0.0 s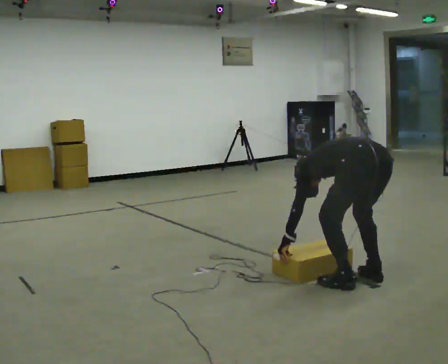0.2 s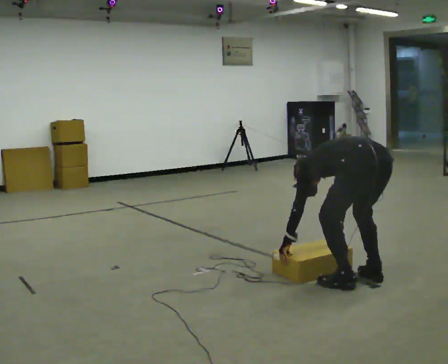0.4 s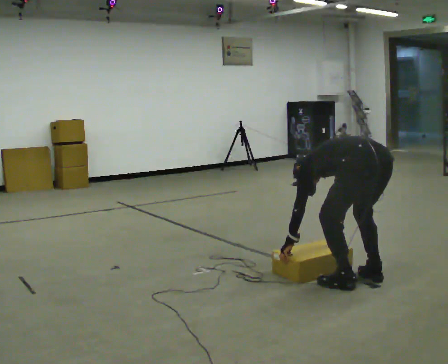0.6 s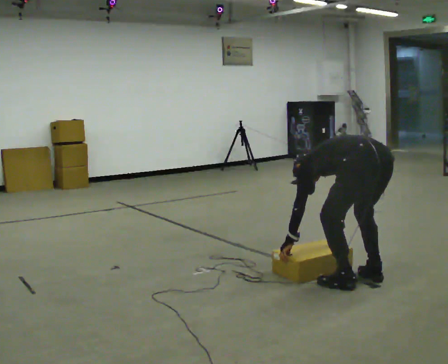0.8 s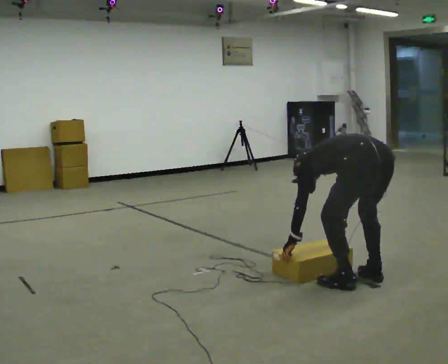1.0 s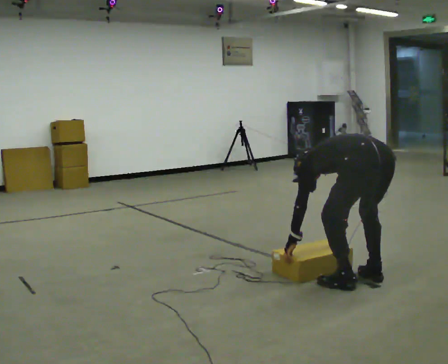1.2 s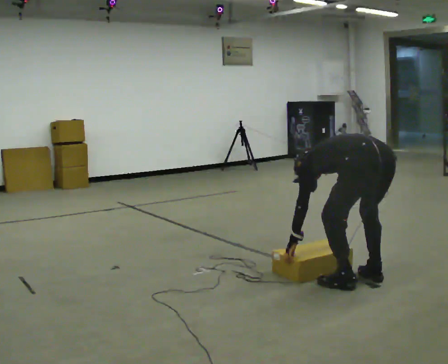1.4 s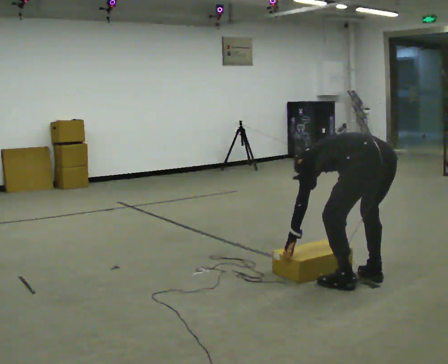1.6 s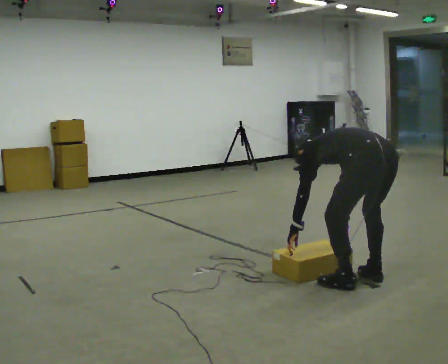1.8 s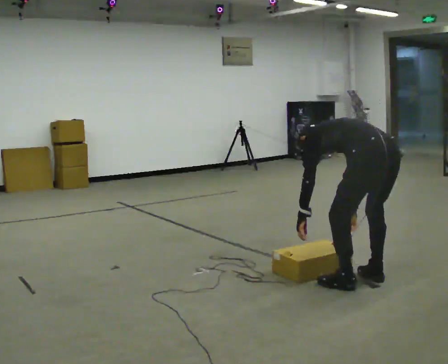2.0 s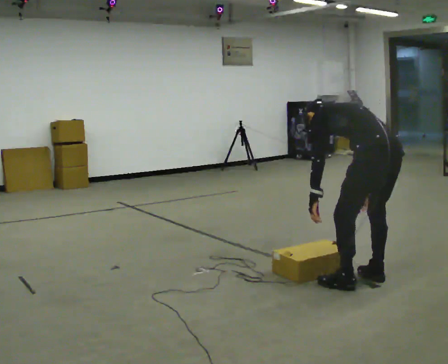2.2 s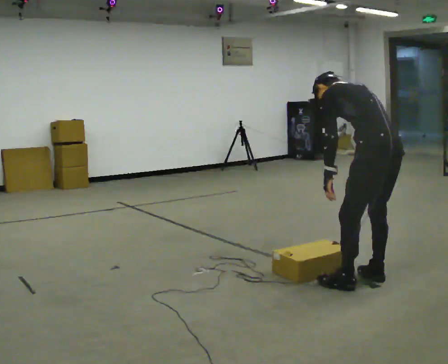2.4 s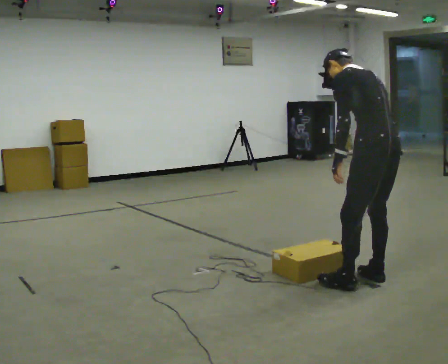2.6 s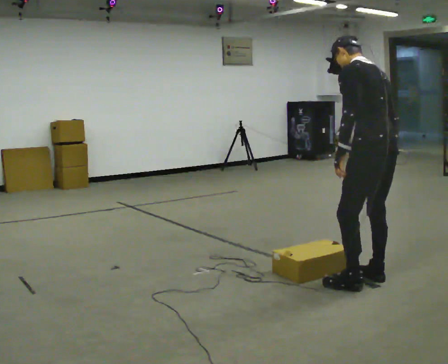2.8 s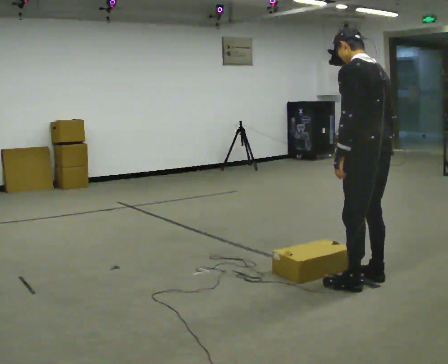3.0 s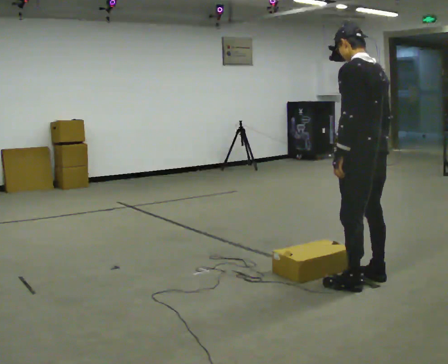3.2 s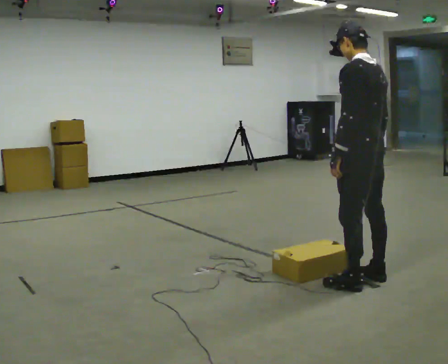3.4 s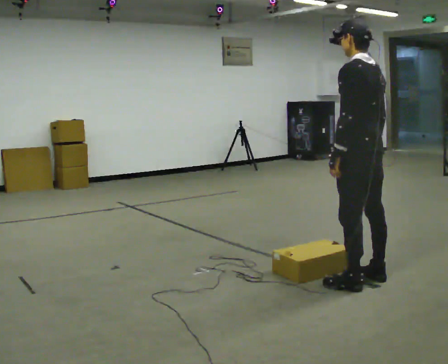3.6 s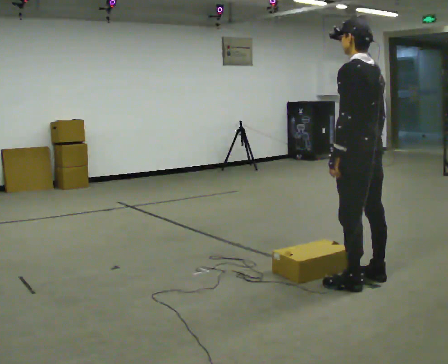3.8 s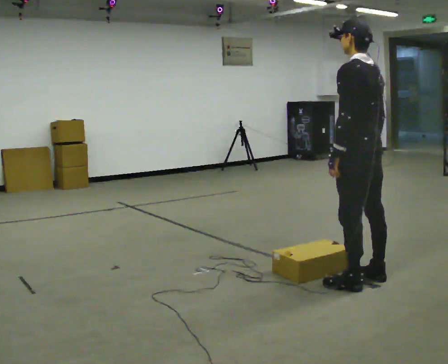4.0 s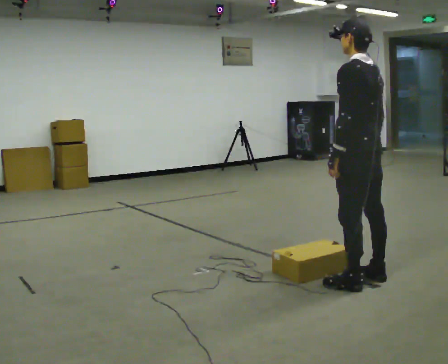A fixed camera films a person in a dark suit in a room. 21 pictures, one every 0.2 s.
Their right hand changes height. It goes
upward.
Their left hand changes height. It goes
upward.
0.0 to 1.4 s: The person moves a little, or ends about where they began.
1.4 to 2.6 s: The shoulders move upward. In the picture the upper body tilts clockwise, shoulders to the right, as they lean back or straighten. In the picture their left hand goes upward and to the right.
2.6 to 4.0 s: The person moves a little, or ends about where they began.
The film runs backward here.
